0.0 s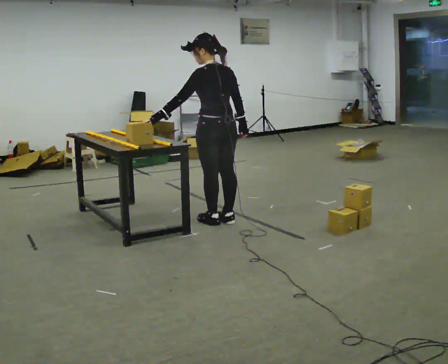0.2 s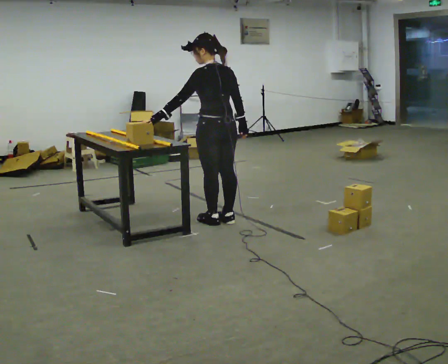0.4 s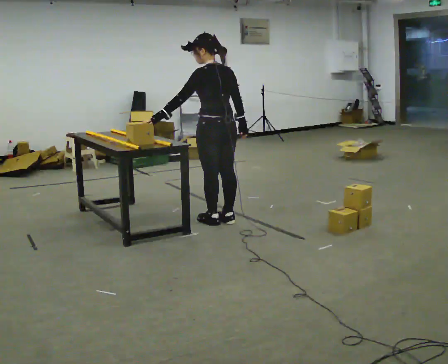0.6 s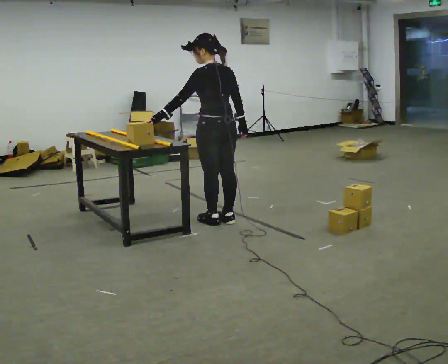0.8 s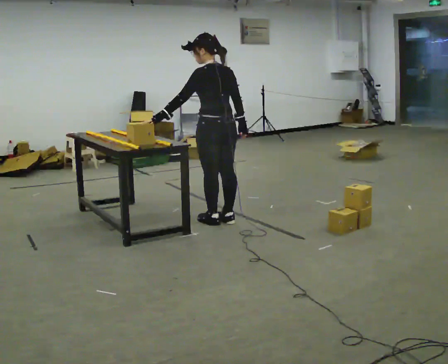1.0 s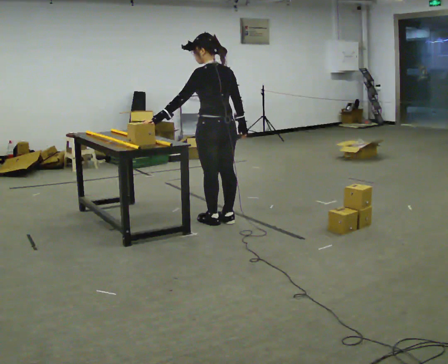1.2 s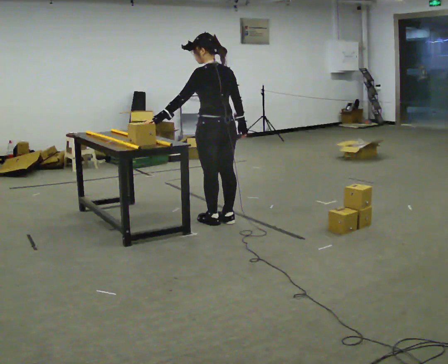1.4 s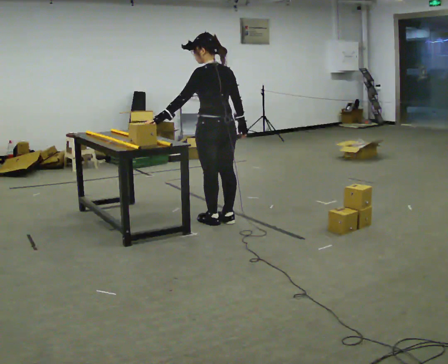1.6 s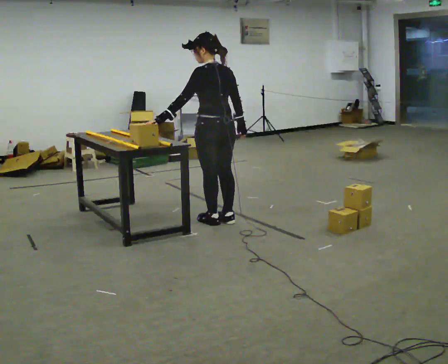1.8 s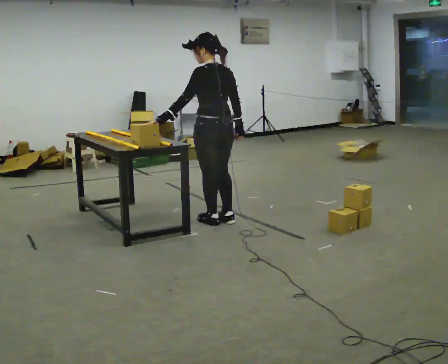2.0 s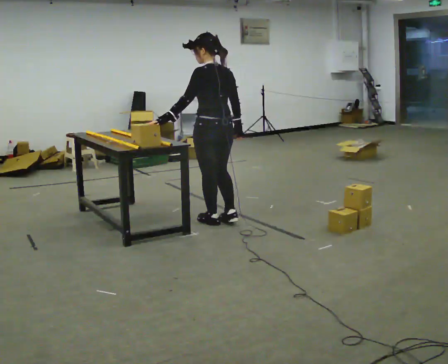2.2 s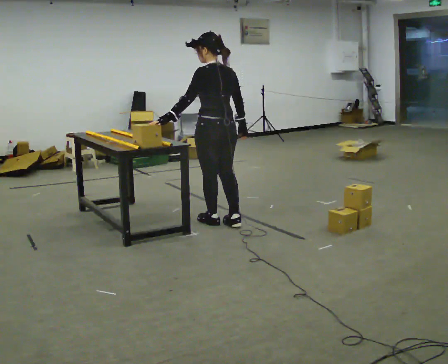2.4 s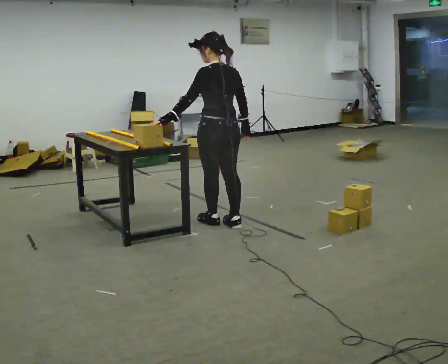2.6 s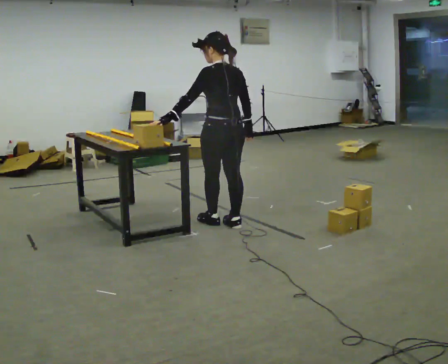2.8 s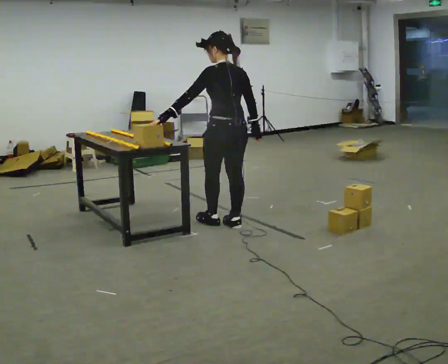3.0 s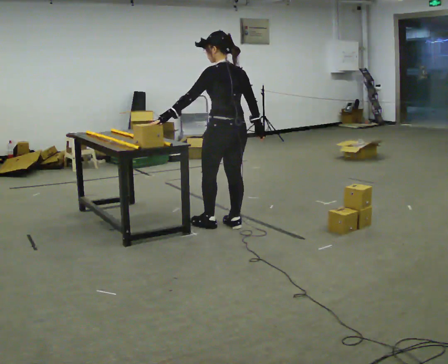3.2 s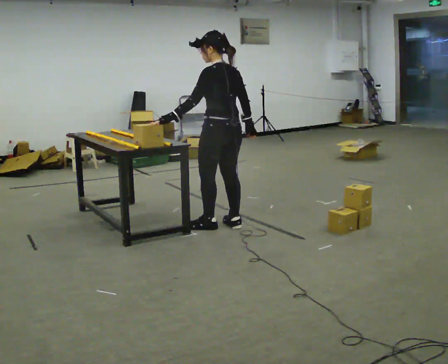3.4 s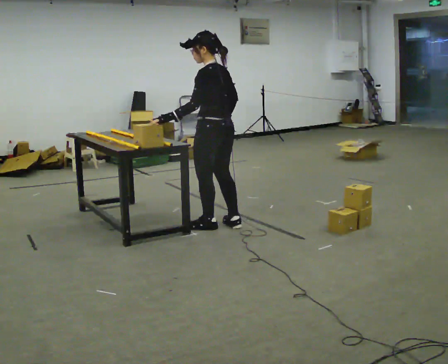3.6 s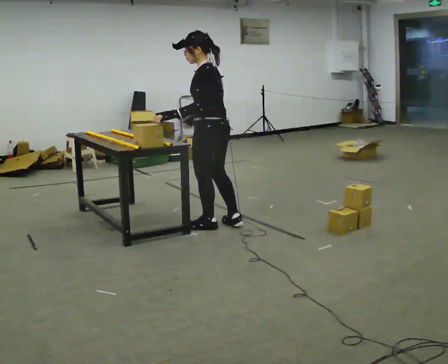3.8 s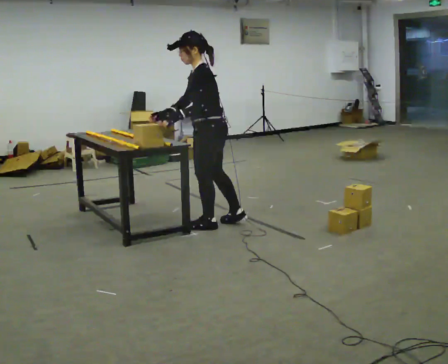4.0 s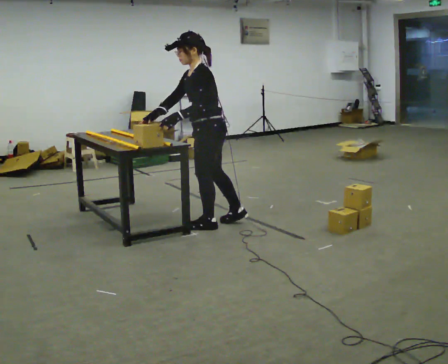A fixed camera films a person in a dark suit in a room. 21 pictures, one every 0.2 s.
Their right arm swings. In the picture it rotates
clockwise.
0.0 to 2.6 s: The person moves a little, or ends about where they began.
2.6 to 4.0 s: The person turns about 60 degrees to their left, counterclockwise seen from above, so the part of the body nearest the lens slides to the right. In the picture their right hand goes to the left, the arm swinging clockwise.
The film runs backward here.
